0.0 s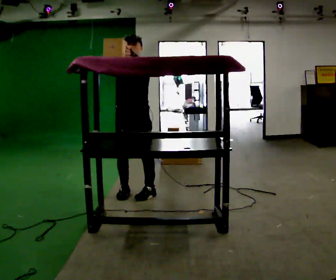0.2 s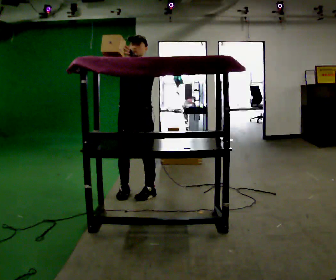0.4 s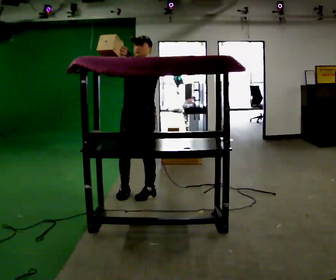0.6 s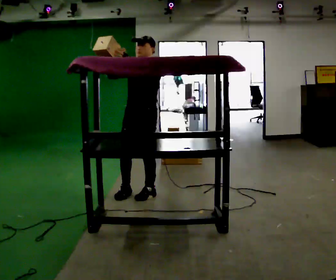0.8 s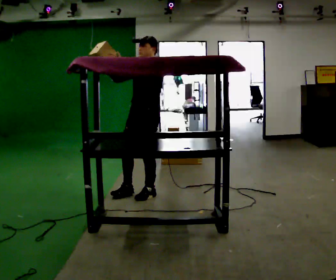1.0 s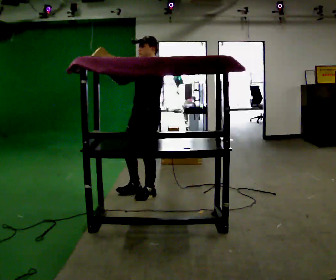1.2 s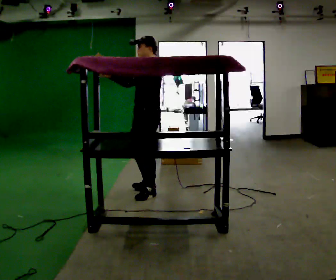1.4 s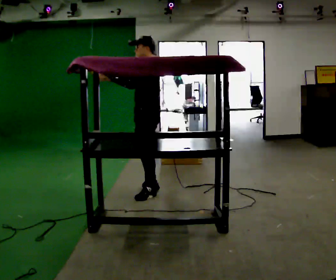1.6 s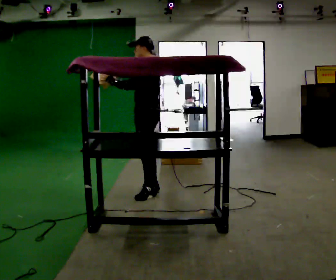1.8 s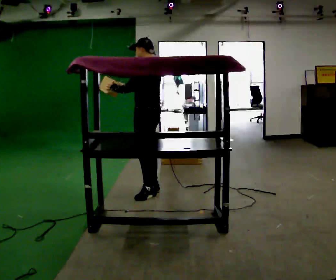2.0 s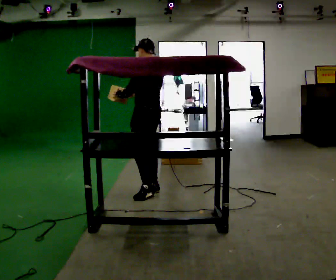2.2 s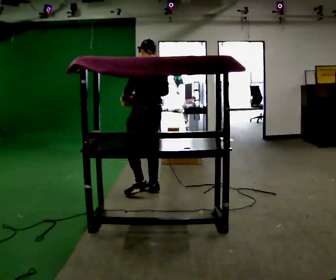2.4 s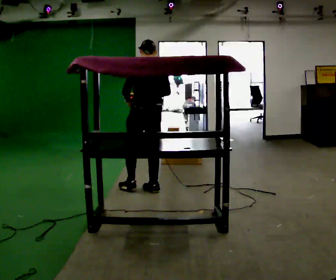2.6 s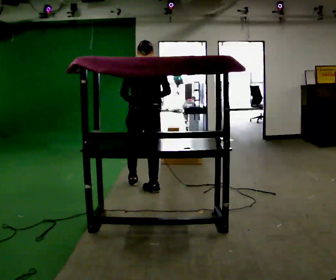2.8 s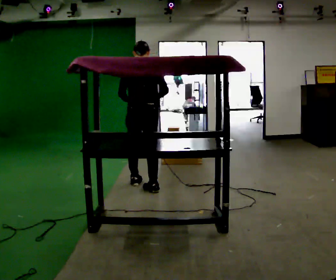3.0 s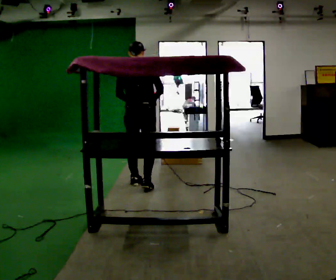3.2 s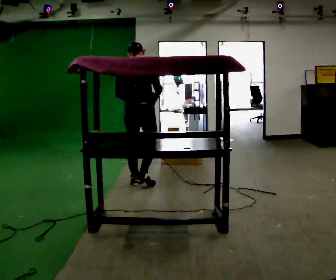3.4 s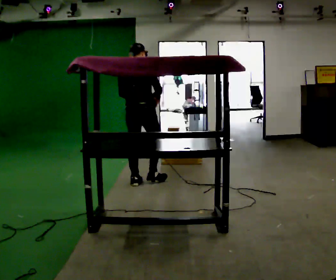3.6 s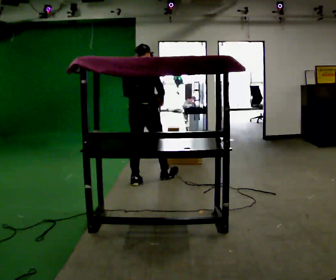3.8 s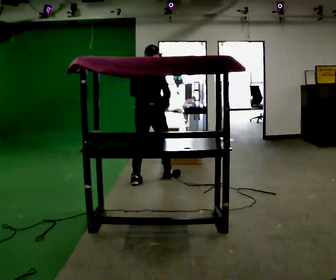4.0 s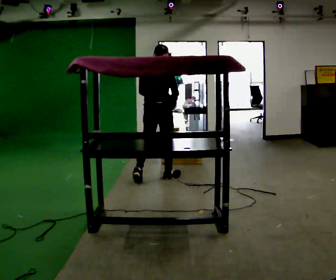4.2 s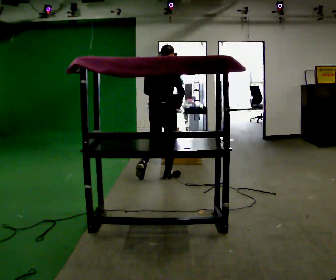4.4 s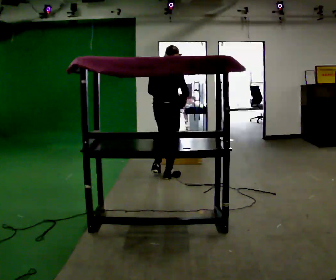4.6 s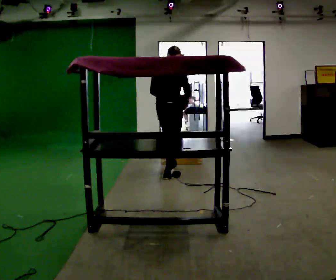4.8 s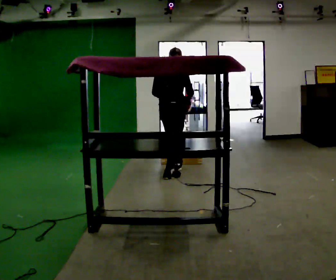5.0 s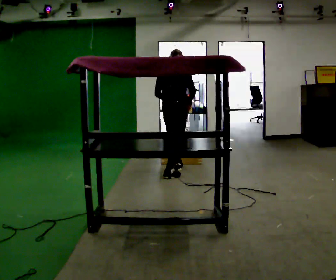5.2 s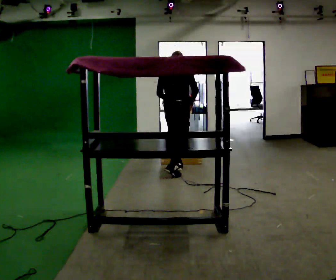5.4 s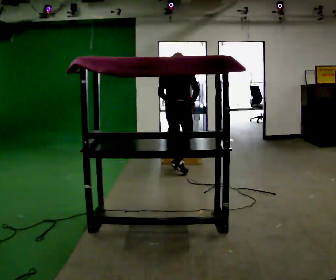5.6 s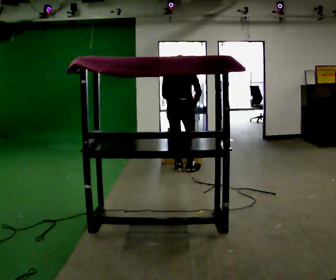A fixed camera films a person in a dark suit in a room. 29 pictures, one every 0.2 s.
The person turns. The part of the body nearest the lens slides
to the left.
Their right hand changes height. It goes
downward.
0.0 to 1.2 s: The part of the body nearest the lens slides to the left as the person turns to their right by about 60 degrees. In the picture they go to the right, about 0.25 m in 1 step.
1.2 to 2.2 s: The person turns about 60 degrees to their right, clockwise seen from above, so the part of the body nearest the lens slides to the left. In the picture they go away from the camera, about 0.25 m. In the picture their right hand goes to the right, the arm swinging counterclockwise.
2.2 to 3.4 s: The part of the body nearest the lens slides to the left as the person turns to their right by about 60 degrees. In the picture they go away from the camera, about 0.25 m in 1 step.
3.4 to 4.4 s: In the picture they go to the right and away from the camera, about 0.5 m in 1 step, which for them is forward and to their right.
4.4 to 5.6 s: In the picture they go away from the camera and to the right, about 0.5 m in 1 step, which for them is forward. The upper body tips away from the camera, its near side rolling upward, as they bend forward.
The film runs forward here.
